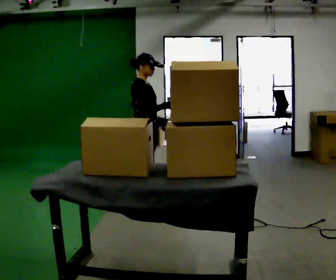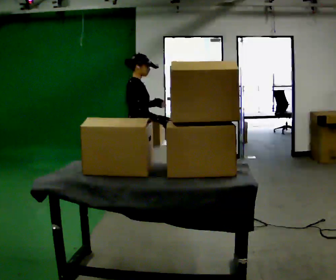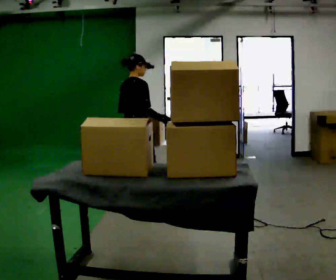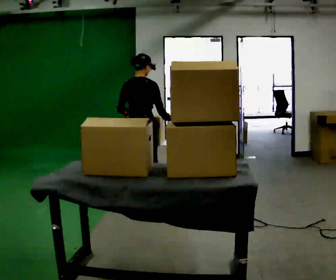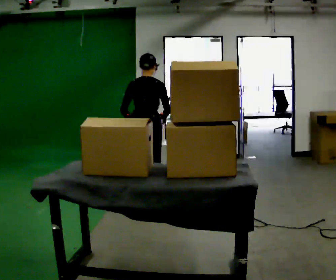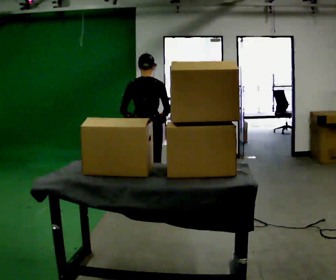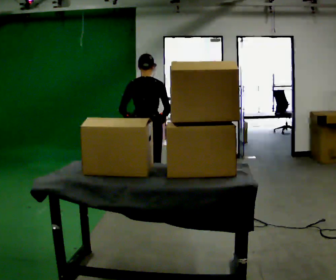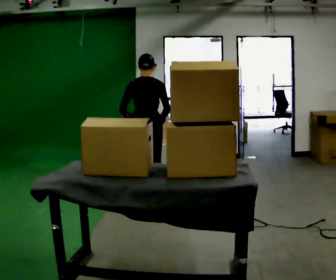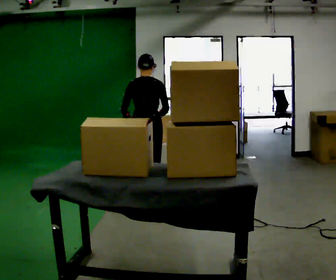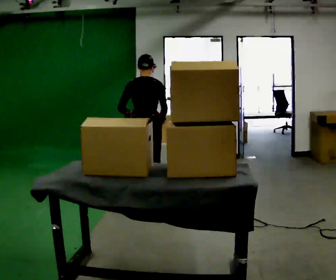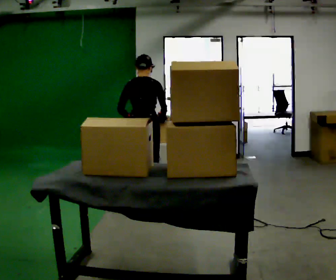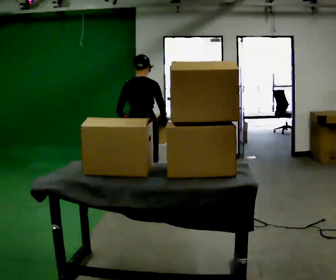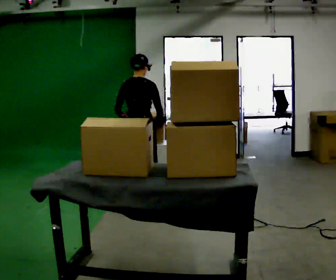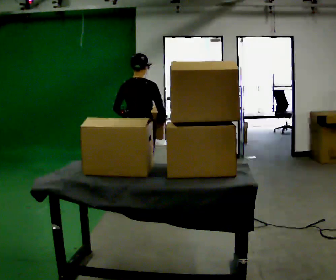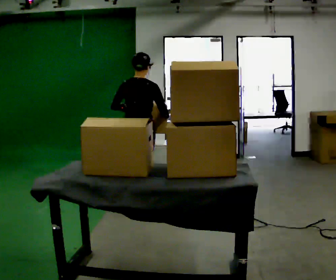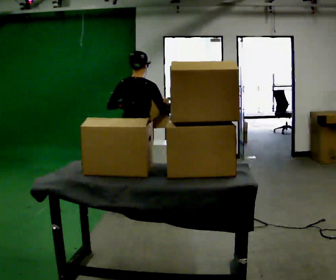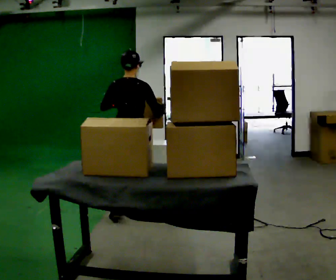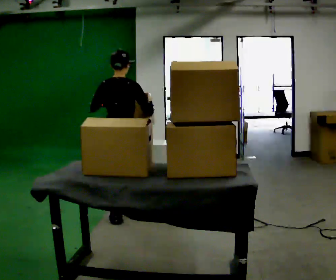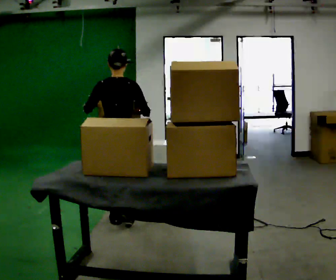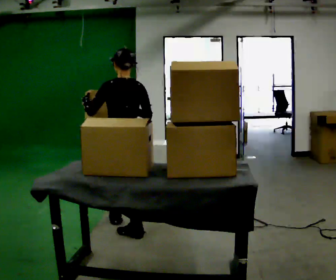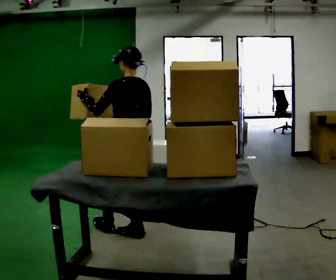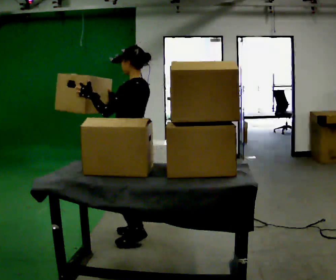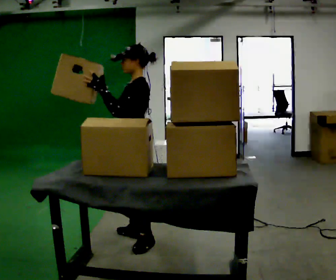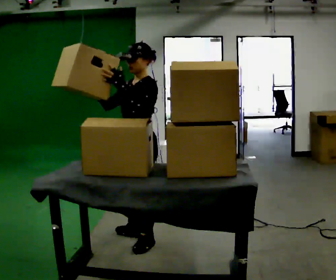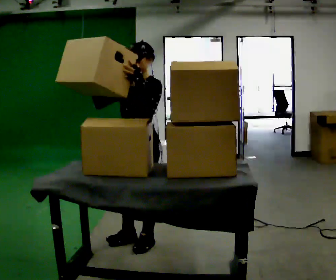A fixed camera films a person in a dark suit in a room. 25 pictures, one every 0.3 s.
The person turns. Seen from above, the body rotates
counterclockwise.
The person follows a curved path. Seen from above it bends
counterclockwise.
0.0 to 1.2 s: The person turns about 90 degrees to their left, counterclockwise seen from above, so the part of the body nearest the lens slides to the right.
1.2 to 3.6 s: The person moves a little, or ends about where they began.
3.6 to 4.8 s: In the picture they go toward the camera, about 0.25 m in 1 step, which for them is backward.
4.8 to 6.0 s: The part of the body nearest the lens slides to the right as the person turns to their left by about 45 degrees. In the picture they go toward the camera, about 0.5 m in 2 steps, which for them is backward.
6.0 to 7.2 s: The person turns about 105 degrees to their left, counterclockwise seen from above, so the part of the body nearest the lens slides to the right. In the picture they go toward the camera, about 0.25 m.
The film runs backward here.
